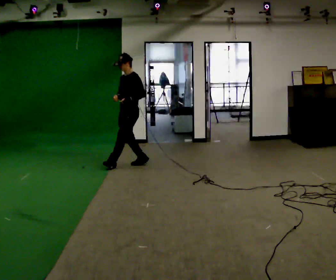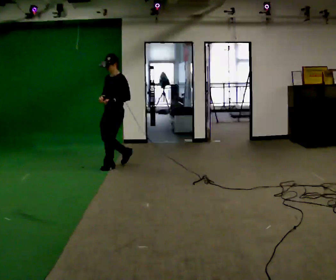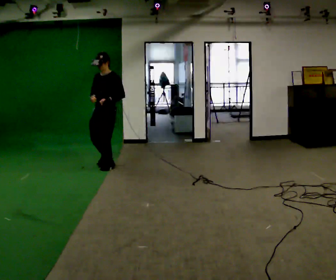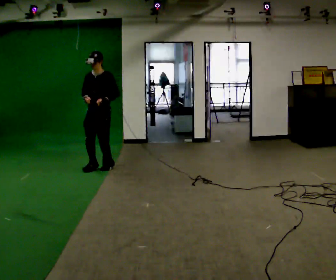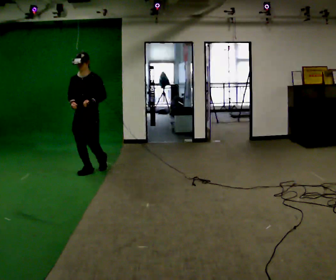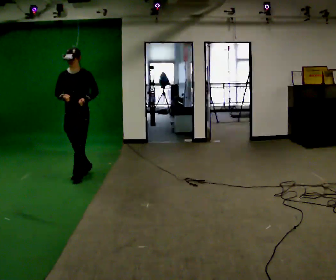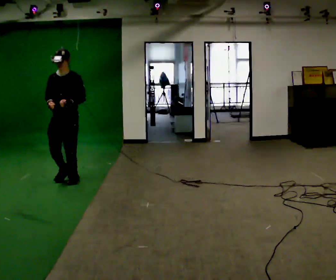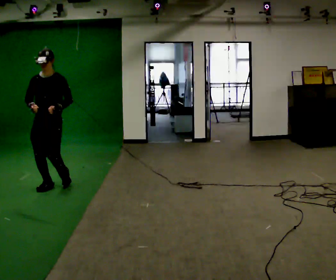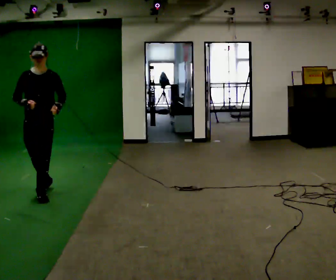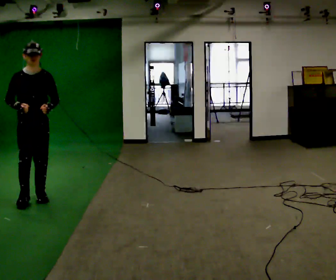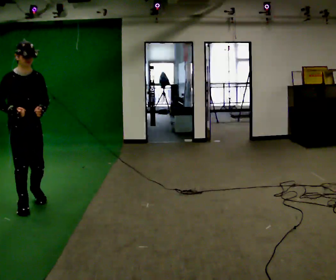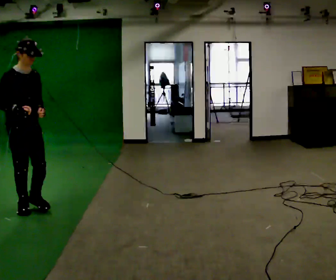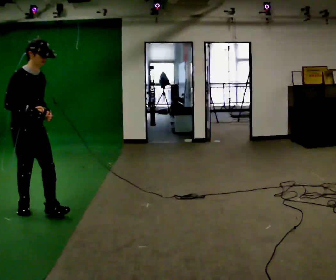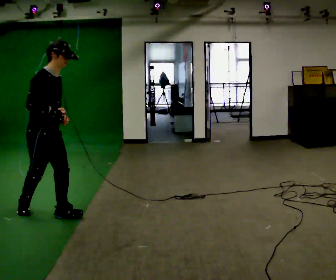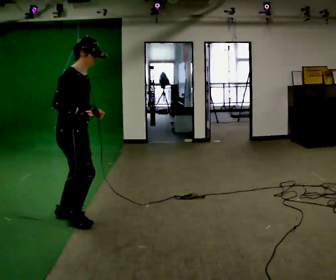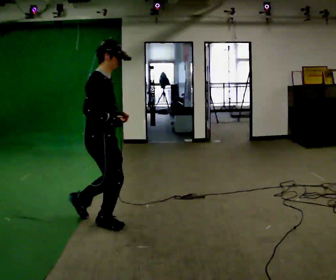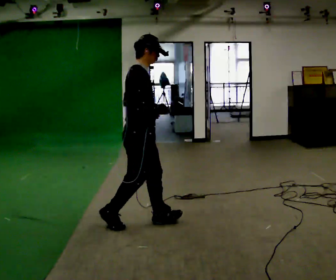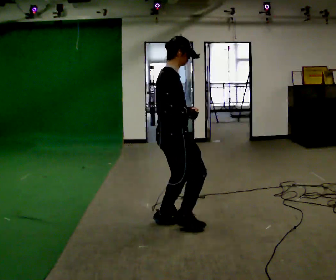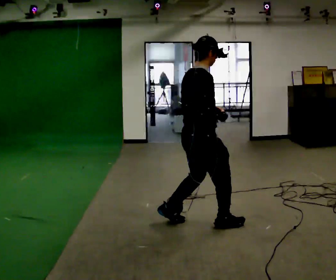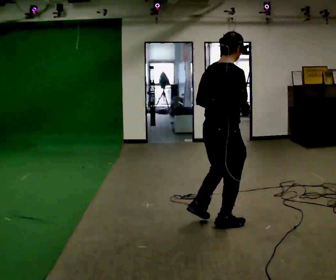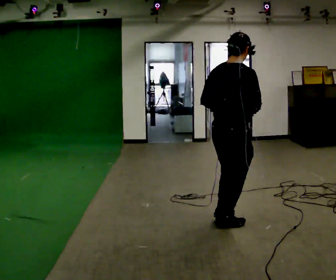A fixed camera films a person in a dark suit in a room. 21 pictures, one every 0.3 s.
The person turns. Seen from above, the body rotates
counterclockwise.
The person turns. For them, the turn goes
to their left.
0.0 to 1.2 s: The person turns about 45 degrees to their left, counterclockwise seen from above, so the part of the body nearest the lens slides to the right. In the picture they go to the left and toward the camera, about 0.5 m in 2 steps, which for them is forward.
1.2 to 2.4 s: In the picture they go toward the camera and to the left, about 1 m in 3 steps, which for them is forward.
2.4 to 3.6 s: Seen from above the body turns counterclockwise, about 60 degrees: to their left, with its near side sliding to the right. In the picture they go toward the camera, about 0.75 m in 1 step, which for them is forward and to their right.
3.6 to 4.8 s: Seen from above the body turns counterclockwise, about 30 degrees: to their left, with its near side sliding to the right. In the picture they go to the right, about 1 m in 3 steps, which for them is forward.
4.8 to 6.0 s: The part of the body nearest the lens slides to the right as the person turns to their left by about 45 degrees. In the picture they go to the right, about 1 m in 1 step, which for them is forward and to their right.
The film runs forward here.
